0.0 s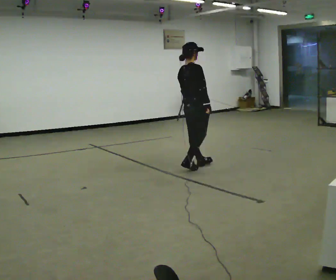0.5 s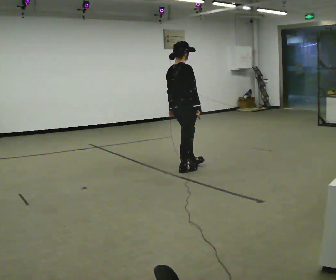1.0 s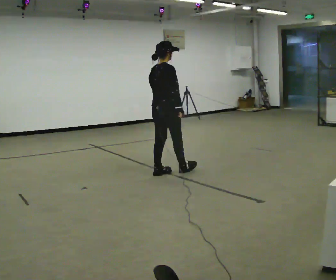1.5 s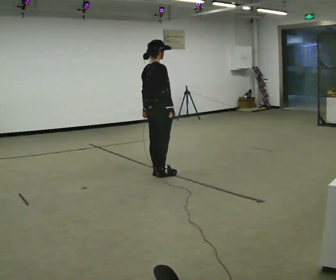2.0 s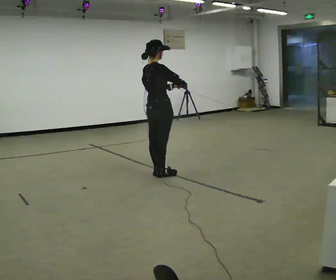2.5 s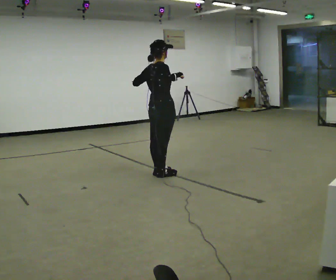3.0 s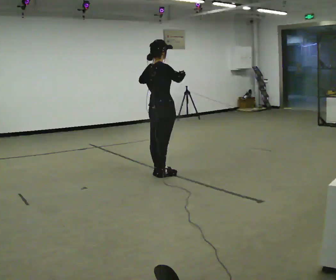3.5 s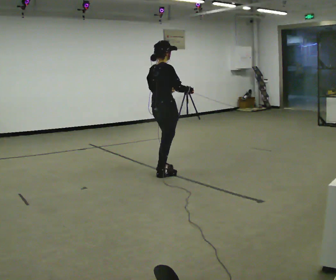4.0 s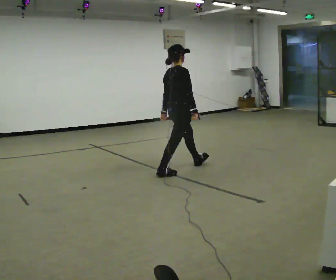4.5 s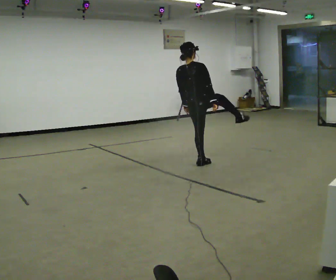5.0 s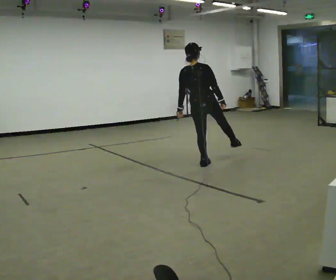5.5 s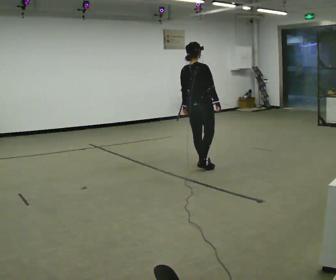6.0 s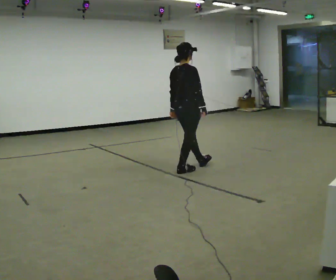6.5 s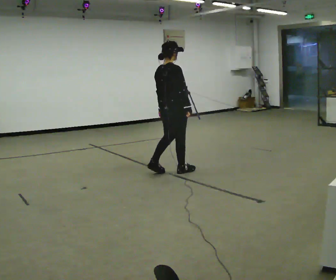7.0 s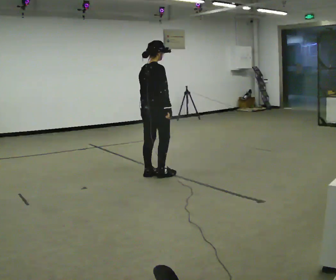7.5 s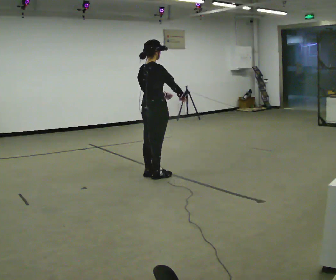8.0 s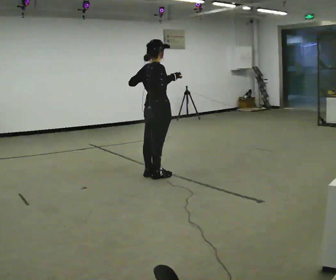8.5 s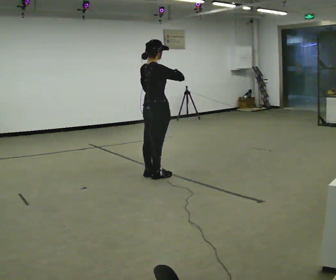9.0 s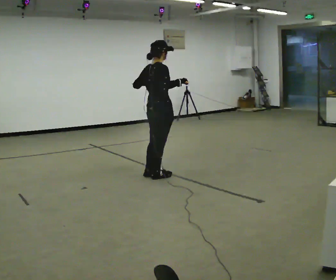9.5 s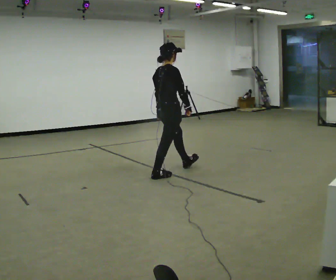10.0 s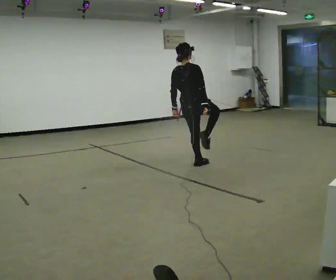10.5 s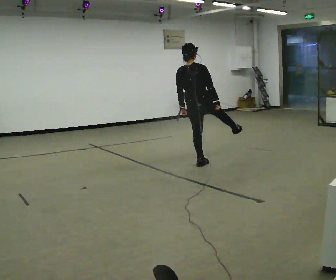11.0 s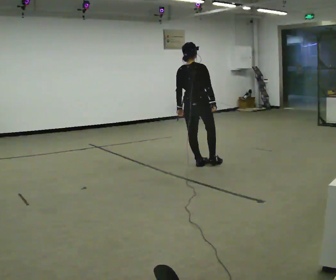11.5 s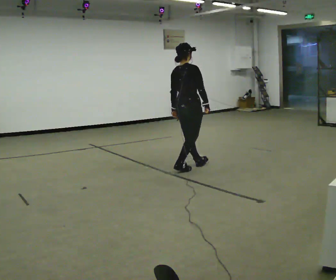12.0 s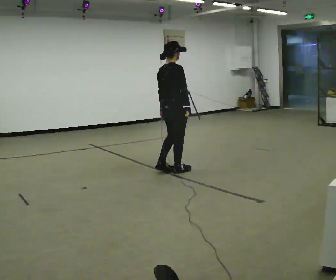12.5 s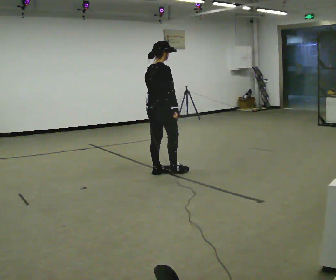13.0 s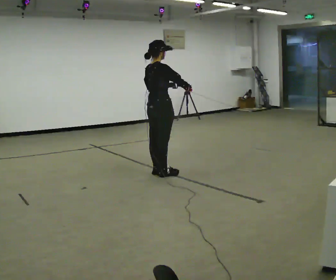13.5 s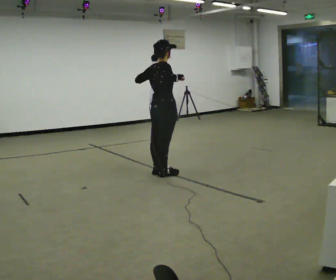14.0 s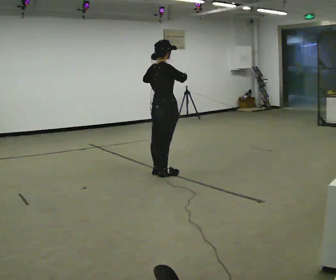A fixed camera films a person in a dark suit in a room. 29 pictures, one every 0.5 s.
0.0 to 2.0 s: In the picture they go to the left and toward the camera, about 0.5 m in 2 steps, which for them is backward. In the picture their right hand goes upward.
2.0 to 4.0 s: In the picture they go to the right and away from the camera, about 0.25 m in 1 step, which for them is forward. In the picture their left hand goes downward.
4.0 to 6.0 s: The person moves a little, or ends about where they began.
6.0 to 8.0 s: In the picture they go to the left and toward the camera, about 0.5 m in 2 steps, which for them is backward. In the picture their left hand goes upward.
8.0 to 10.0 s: In the picture they go to the right and away from the camera, about 0.5 m in 1 step, which for them is forward. In the picture their left hand goes downward.
10.0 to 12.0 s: In the picture they go to the left and toward the camera, about 0.25 m in 1 step, which for them is backward and to their left.
12.0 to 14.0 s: In the picture their left hand goes upward.
The film runs forward here.
